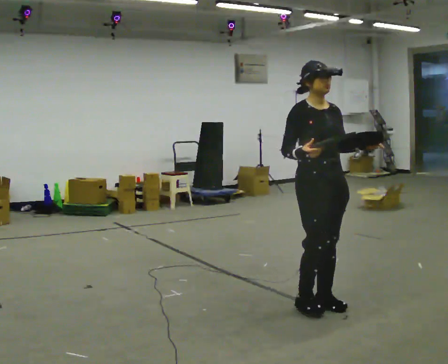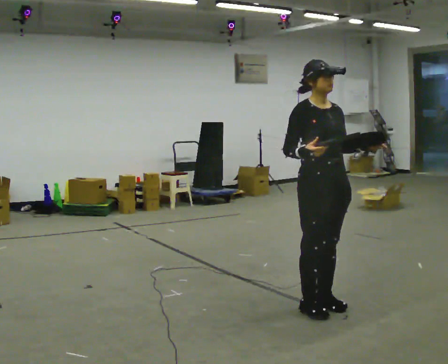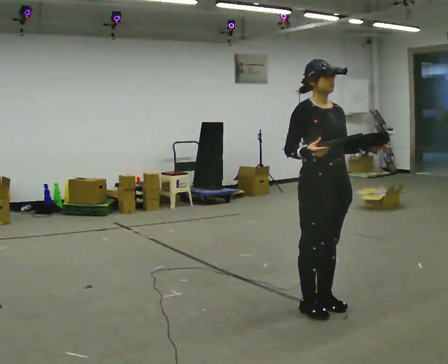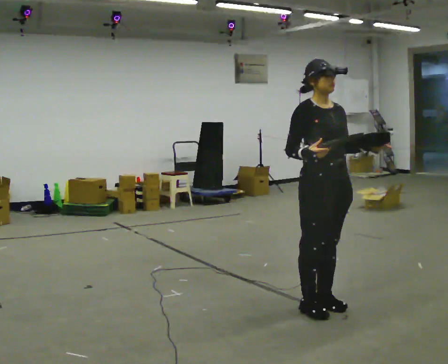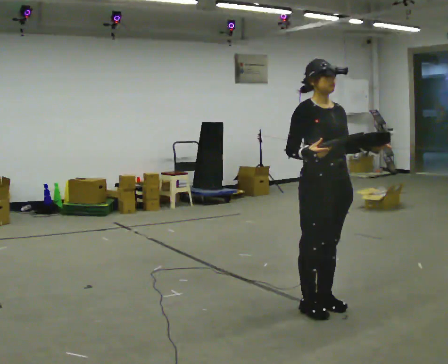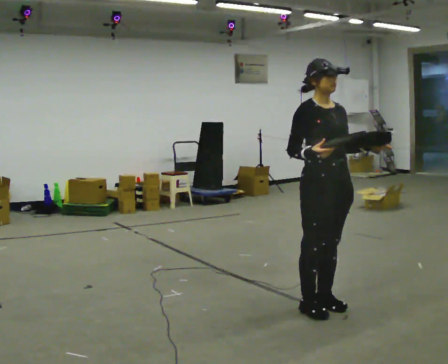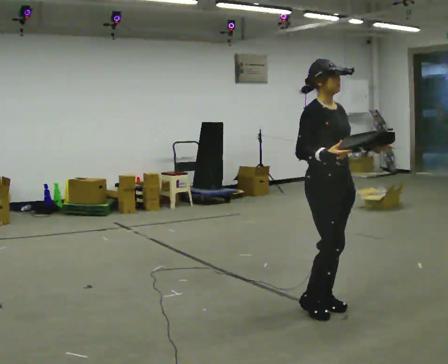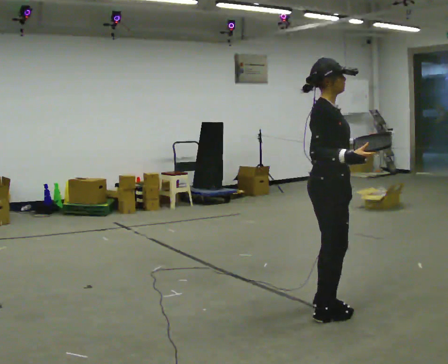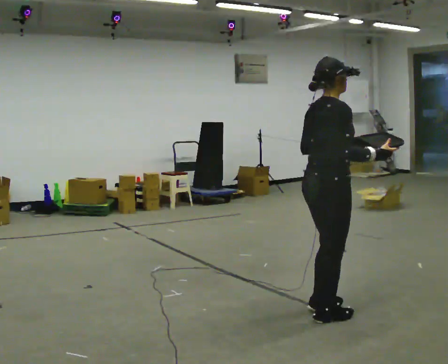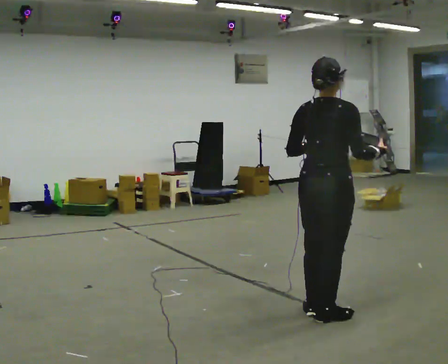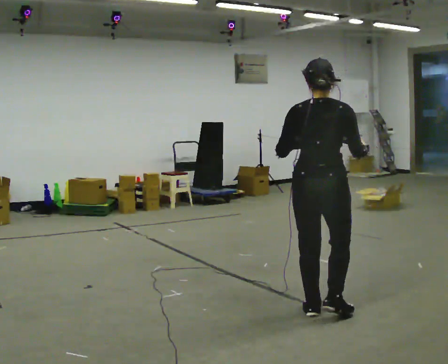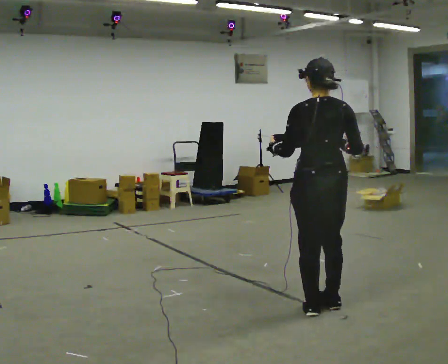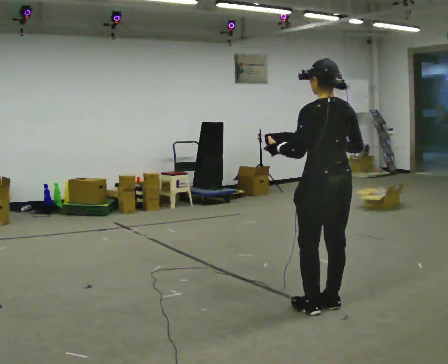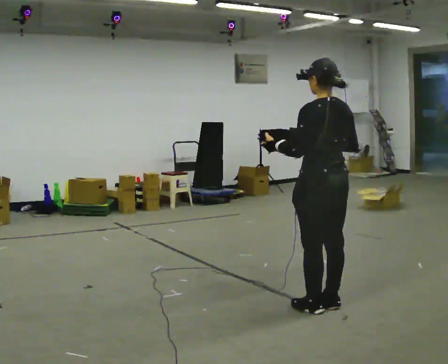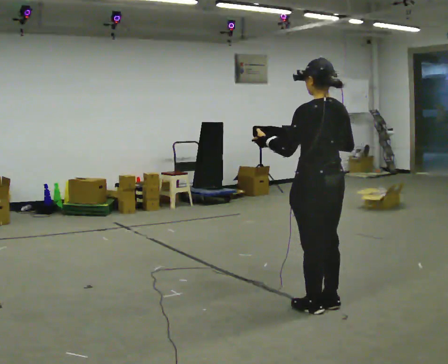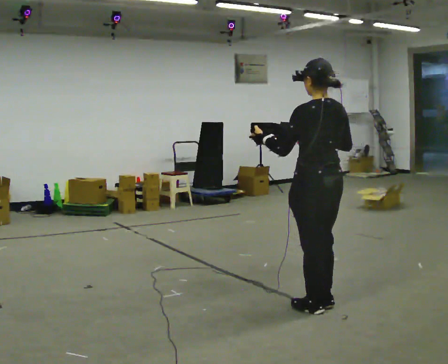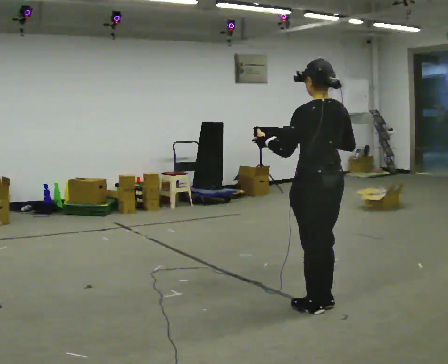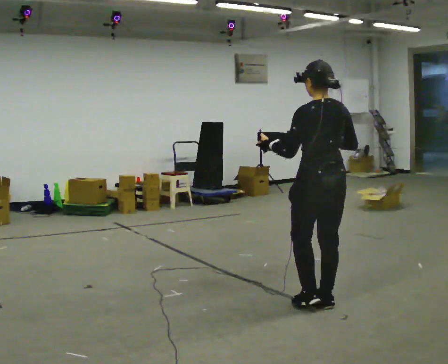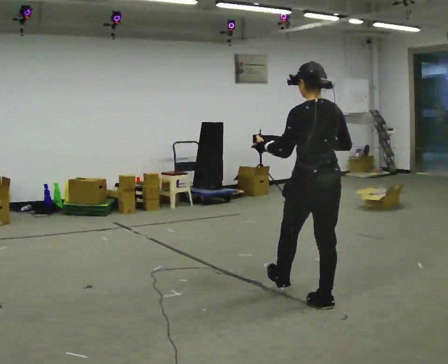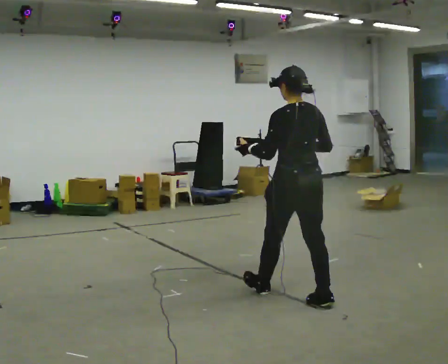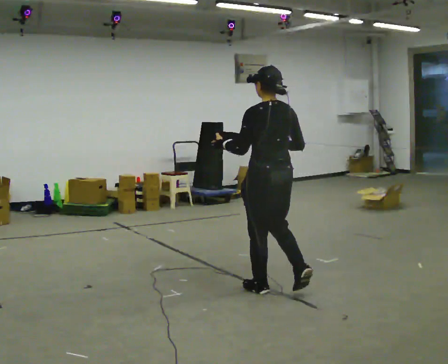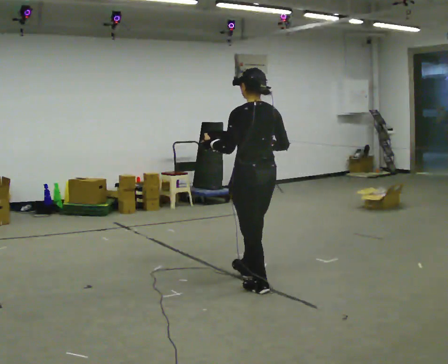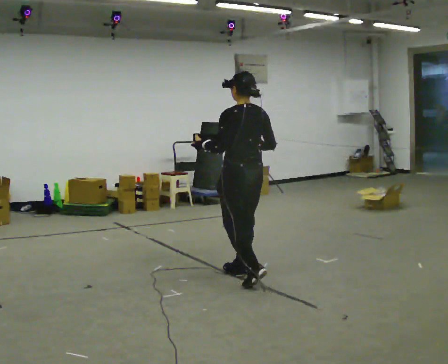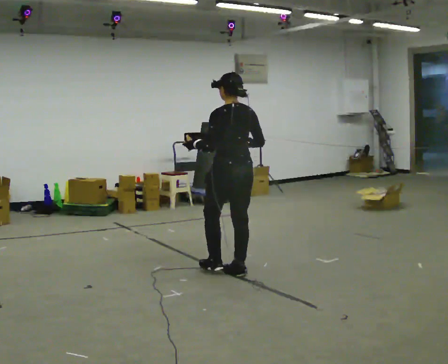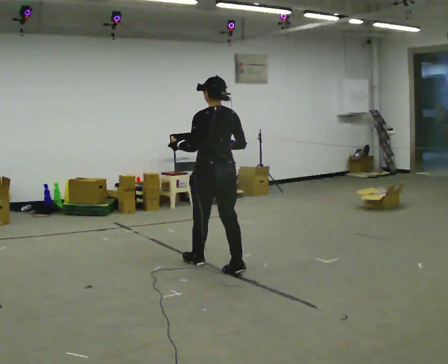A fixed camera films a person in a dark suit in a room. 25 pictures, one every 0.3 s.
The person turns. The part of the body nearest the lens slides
to the right.
The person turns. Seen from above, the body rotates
counterclockwise.
0.0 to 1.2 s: The person moves a little, or ends about where they began.
1.2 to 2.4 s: The part of the body nearest the lens slides to the right as the person turns to their left by about 75 degrees.
2.4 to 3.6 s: The person turns about 90 degrees to their left, counterclockwise seen from above, so the part of the body nearest the lens slides to the right. In the picture they go away from the camera, about 0.25 m in 2 steps.
3.6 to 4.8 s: The person moves a little, or ends about where they began.
4.8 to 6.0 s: In the picture they go to the left and away from the camera, about 0.5 m in 1 step, which for them is forward.
6.0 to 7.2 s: In the picture they go away from the camera and to the left, about 1 m in 2 steps, which for them is forward.
The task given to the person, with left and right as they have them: Carry the box with its lid hanging open across the room, back and forth.
The film runs forward here.
